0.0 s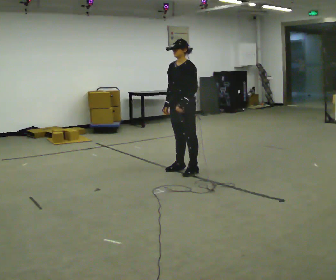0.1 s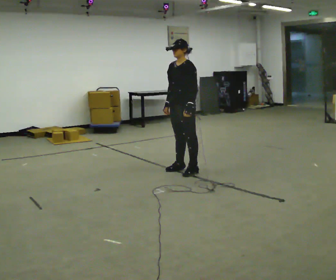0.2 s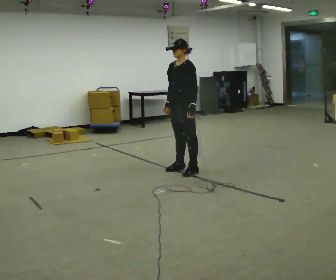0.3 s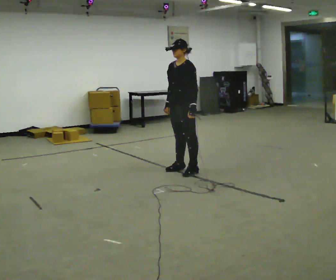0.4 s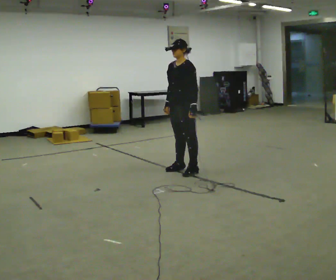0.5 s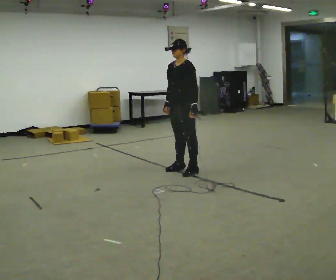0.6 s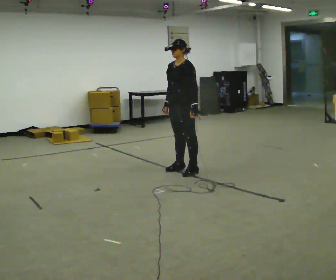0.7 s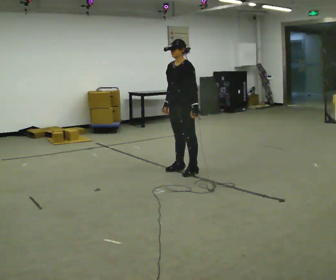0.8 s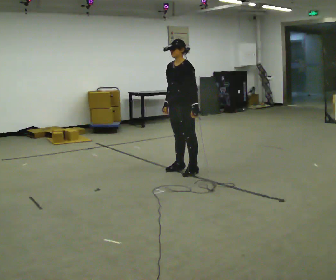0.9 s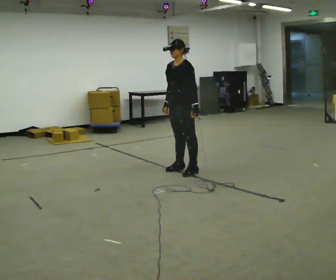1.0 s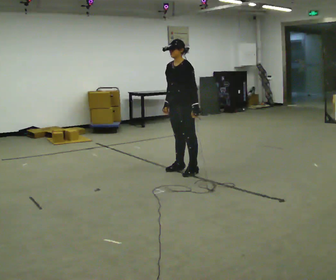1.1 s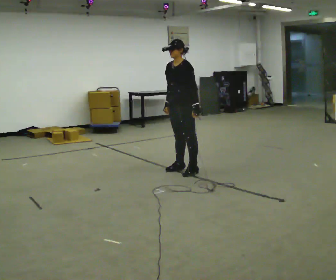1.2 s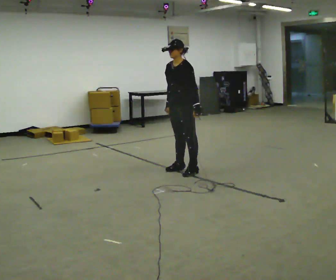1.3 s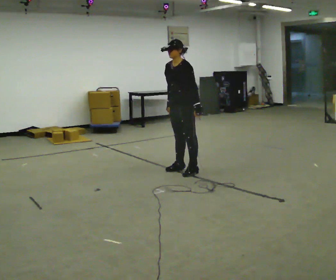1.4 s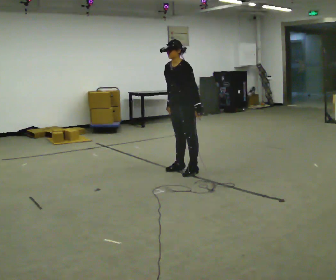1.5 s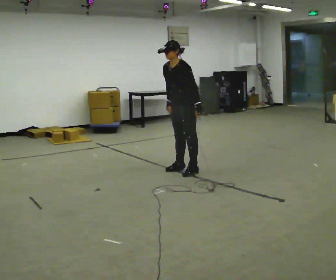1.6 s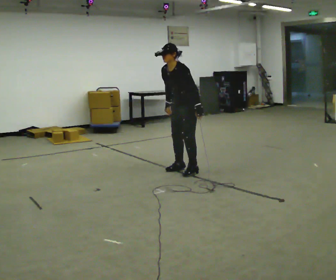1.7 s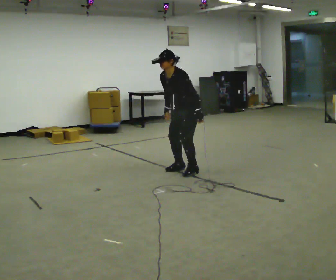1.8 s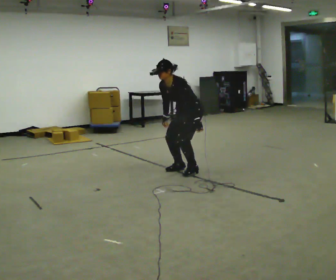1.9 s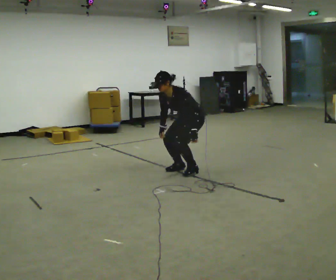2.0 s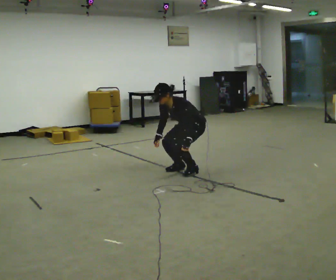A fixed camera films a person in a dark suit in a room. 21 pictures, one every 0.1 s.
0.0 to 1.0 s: The person moves a little, or ends about where they began.
1.0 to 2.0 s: The shoulders move downward. In the picture the upper body tilts counterclockwise, shoulders to the left, as they bend forward. In the picture their right hand goes downward.
The film runs backward here.
